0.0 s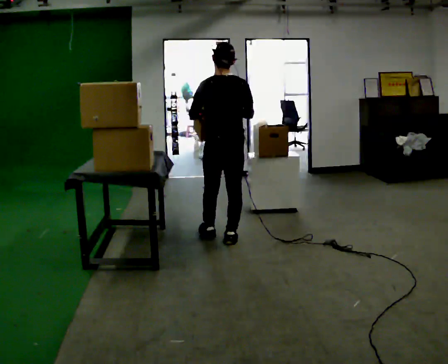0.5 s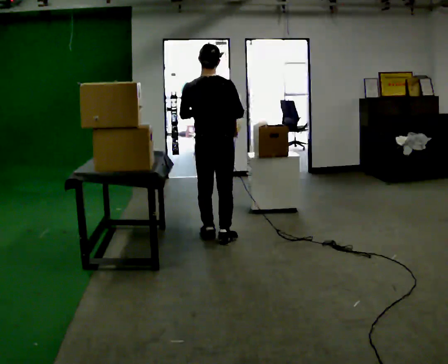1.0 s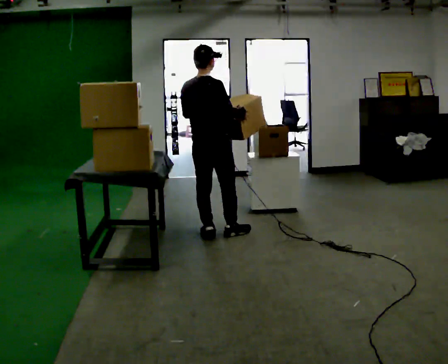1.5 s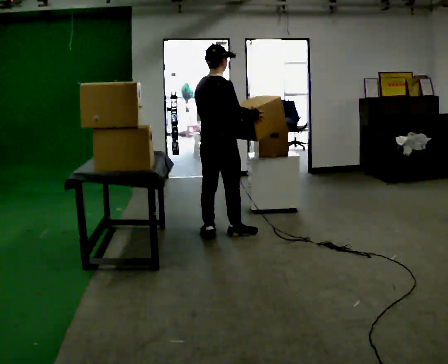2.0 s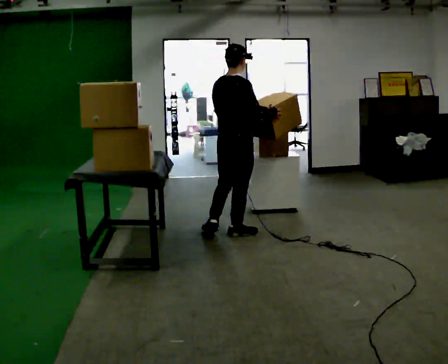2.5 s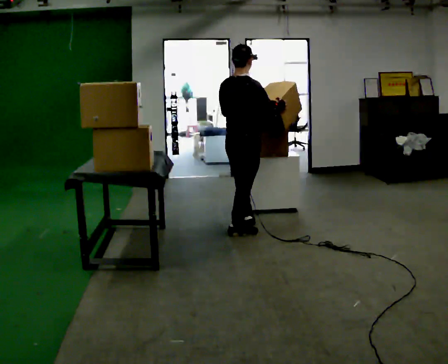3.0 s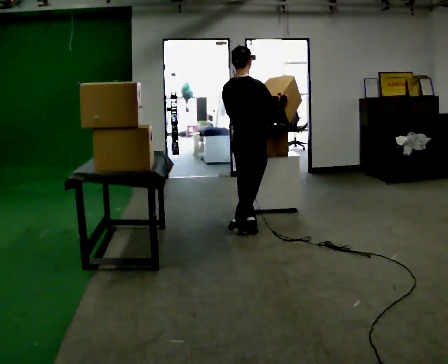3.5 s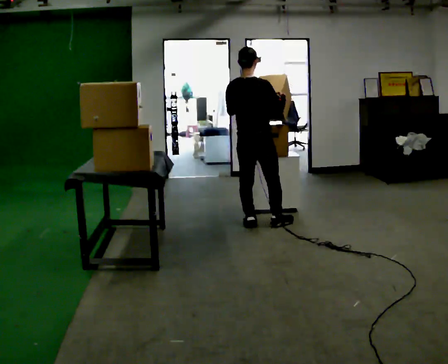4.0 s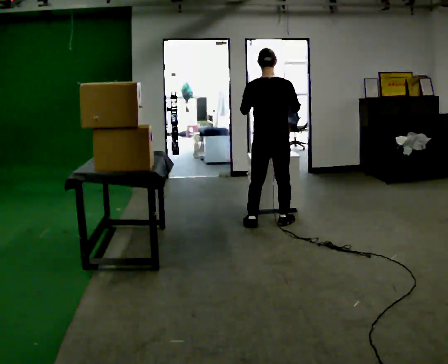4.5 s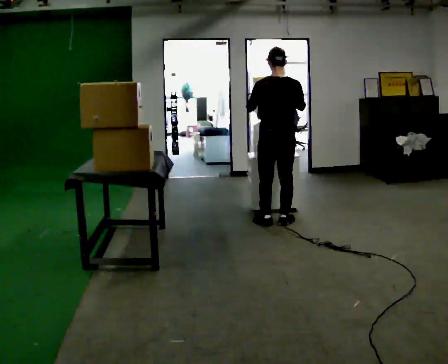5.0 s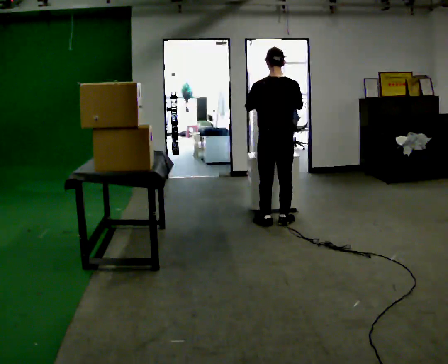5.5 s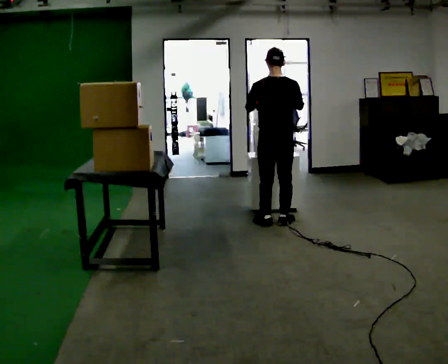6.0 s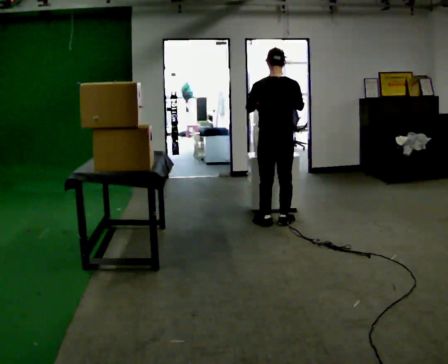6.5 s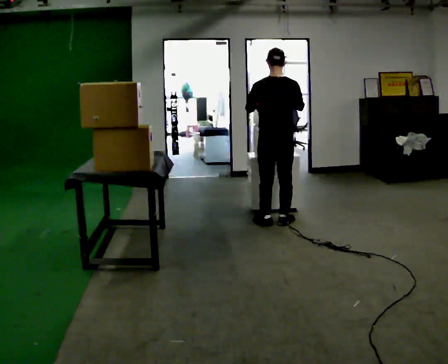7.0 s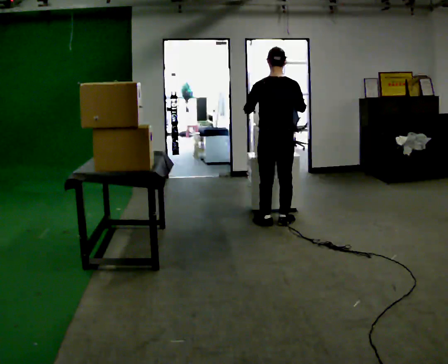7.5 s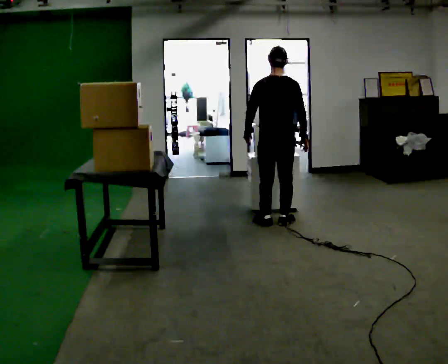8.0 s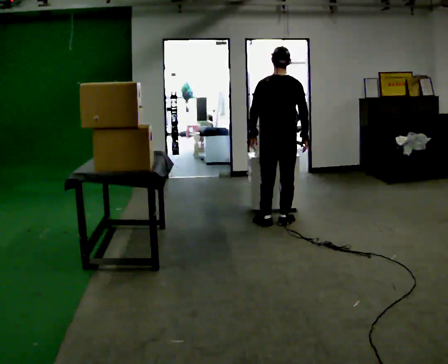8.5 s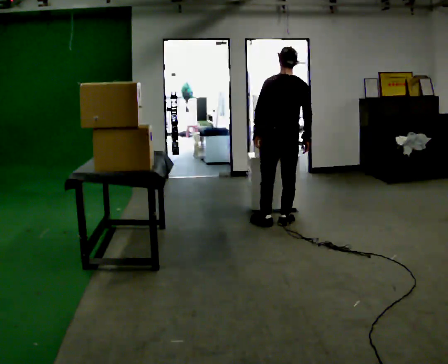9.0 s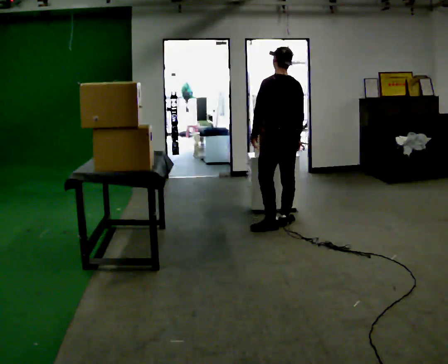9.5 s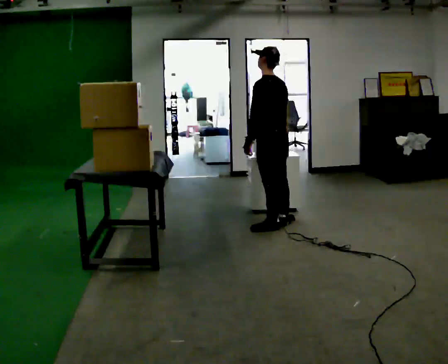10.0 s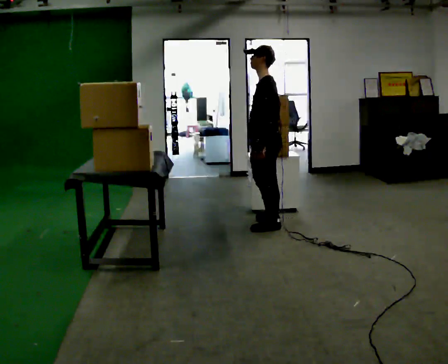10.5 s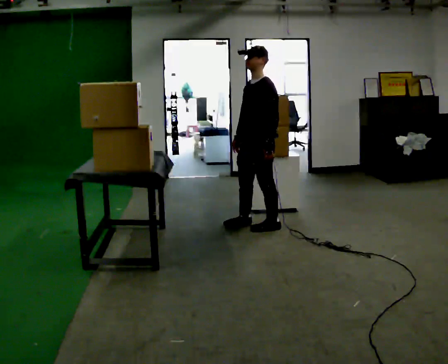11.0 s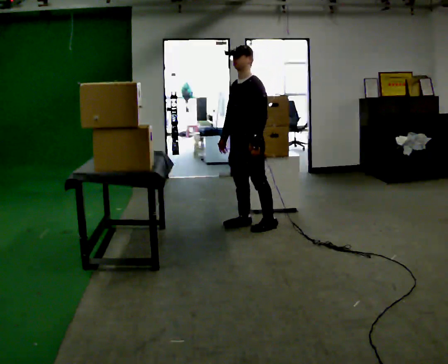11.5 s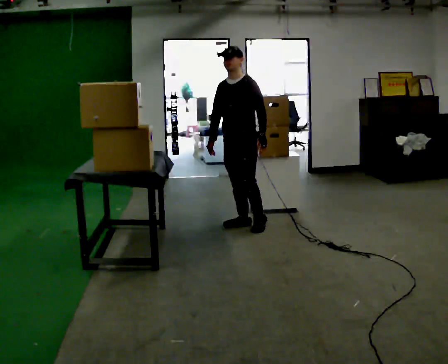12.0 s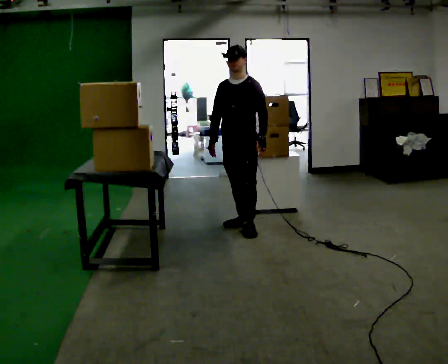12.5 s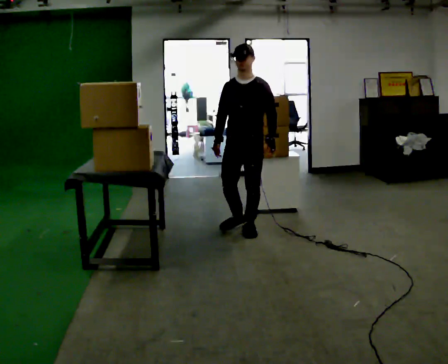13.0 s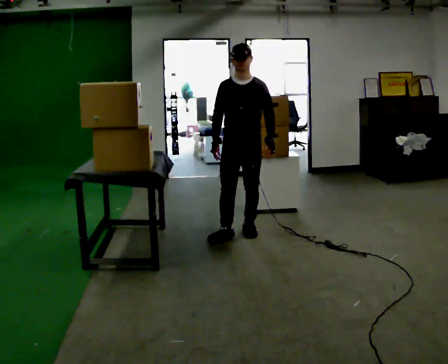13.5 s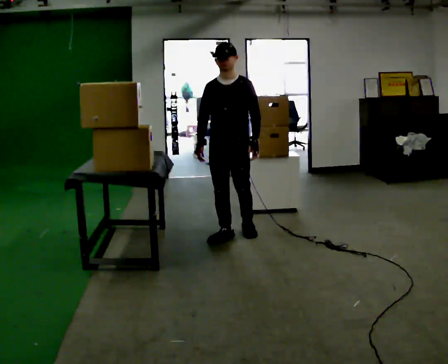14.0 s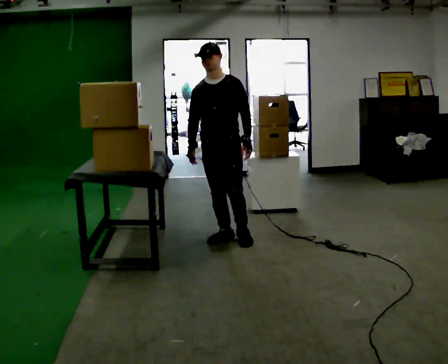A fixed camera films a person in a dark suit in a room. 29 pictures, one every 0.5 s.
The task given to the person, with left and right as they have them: Reach up into the bin on the top shelf, take out one object at a time, and carry it to the table. Keep going until the operator says stop; one object at a time, and do not rush between trips.
0.0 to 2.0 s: The part of the body nearest the lens slides to the left as the person turns to their right by about 60 degrees. In the picture they go away from the camera, about 0.25 m in 1 step, which for them is forward. In the picture their left hand goes to the right.
2.0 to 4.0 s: The person turns about 30 degrees to their left, counterclockwise seen from above, so the part of the body nearest the lens slides to the right. In the picture they go away from the camera and to the right, about 0.5 m in 2 steps, which for them is forward.
4.0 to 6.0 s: The person moves a little, or ends about where they began.
6.0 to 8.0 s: In the picture their right hand goes downward.
8.0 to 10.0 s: The person turns about 90 degrees to their left, counterclockwise seen from above, so the part of the body nearest the lens slides to the right. In the picture they go toward the camera, about 0.25 m. In the picture their right hand goes to the left.
10.0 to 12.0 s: The person turns about 60 degrees to their left, counterclockwise seen from above, so the part of the body nearest the lens slides to the right. In the picture they go to the left, about 0.25 m in 2 steps. In the picture their right hand goes to the left.
12.0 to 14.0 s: In the picture they go toward the camera, about 0.25 m in 1 step, which for them is forward and to their right.
The film runs forward here.
